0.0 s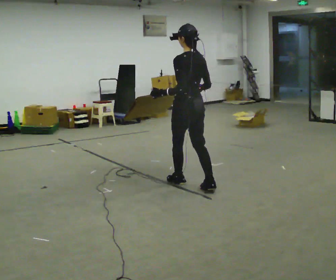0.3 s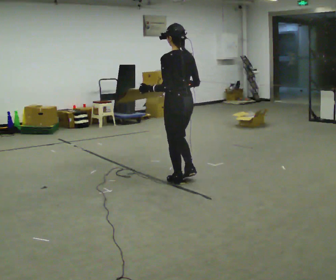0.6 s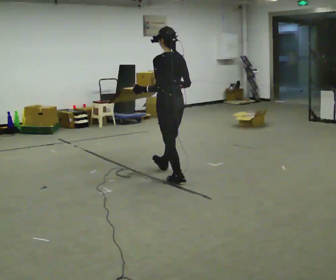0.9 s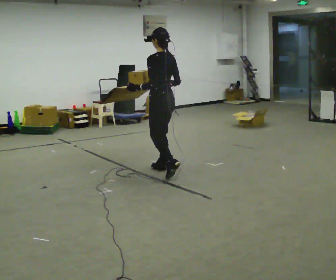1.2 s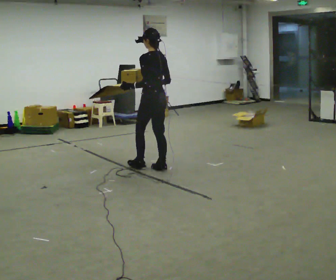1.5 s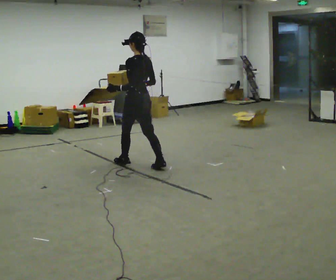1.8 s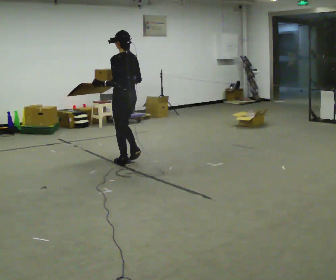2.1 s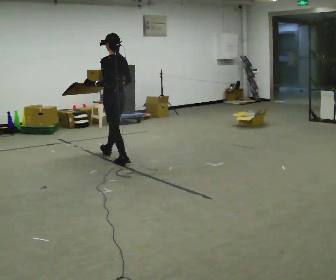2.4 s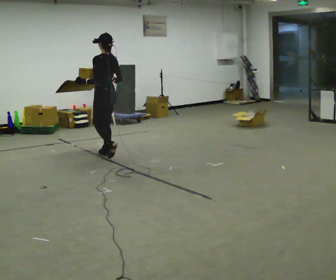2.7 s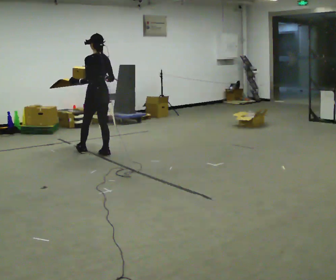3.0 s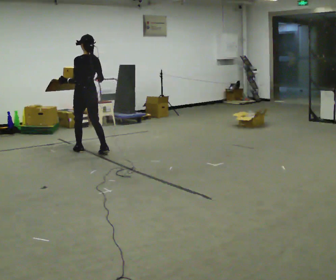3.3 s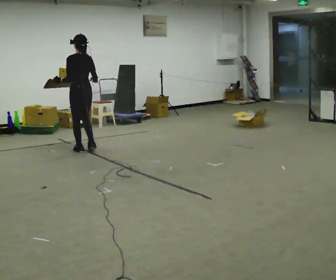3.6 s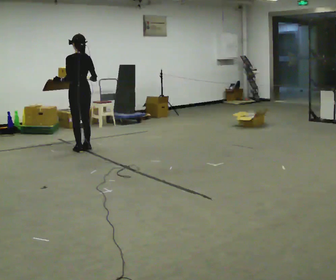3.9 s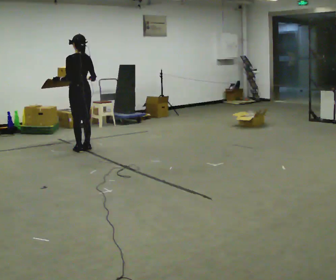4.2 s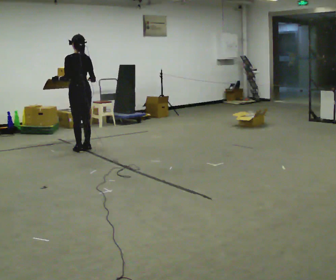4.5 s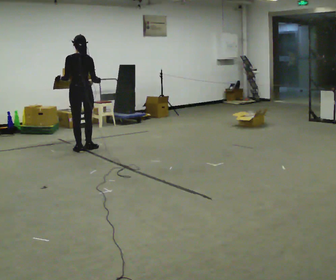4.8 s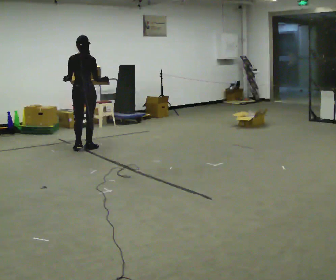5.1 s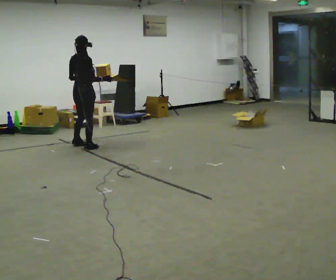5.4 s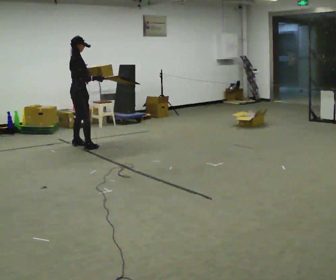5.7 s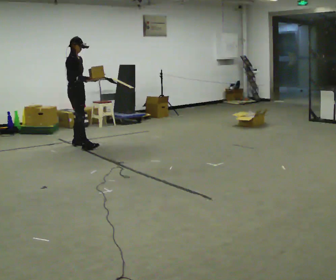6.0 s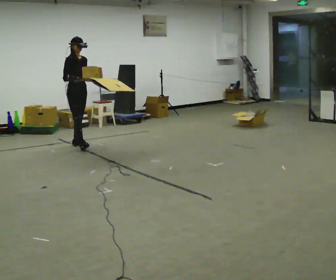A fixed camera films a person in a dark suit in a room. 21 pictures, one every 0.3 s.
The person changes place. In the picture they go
away from the camera.
0.0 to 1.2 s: In the picture they go away from the camera, about 0.5 m in 1 step, which for them is forward.
1.2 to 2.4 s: In the picture they go away from the camera and to the left, about 1 m in 2 steps, which for them is forward.
2.4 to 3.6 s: In the picture they go away from the camera and to the left, about 0.5 m in 2 steps, which for them is forward.
3.6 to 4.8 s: The person turns about 45 degrees to their right, clockwise seen from above, so the part of the body nearest the lens slides to the left.
4.8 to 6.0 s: The person turns about 135 degrees to their right, clockwise seen from above, so the part of the body nearest the lens slides to the left. In the picture they go away from the camera, about 0.25 m in 1 step.
The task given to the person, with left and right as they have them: Carry the loaded tray flat and level in both hands, walking back and forth across the room. Try not to let anything slide off.
The film runs forward here.
